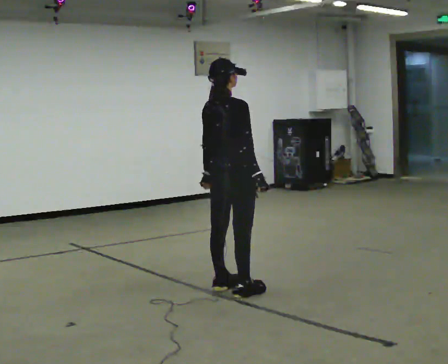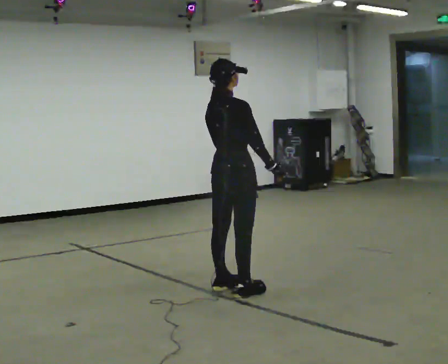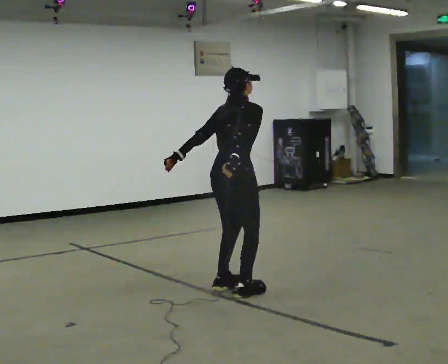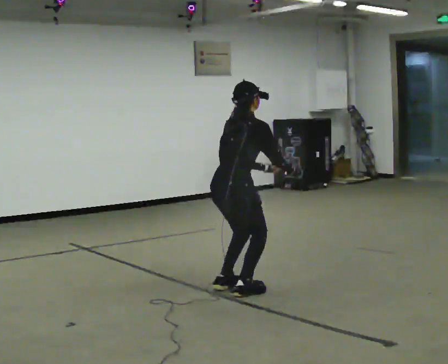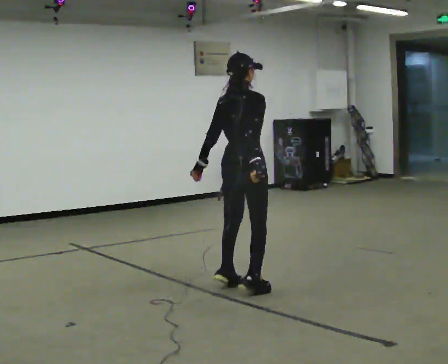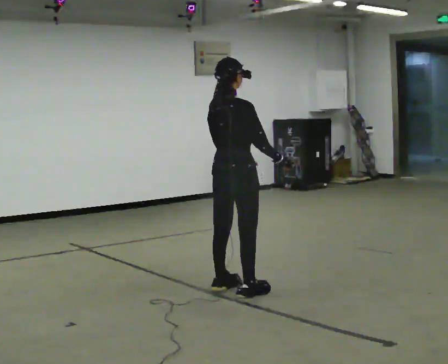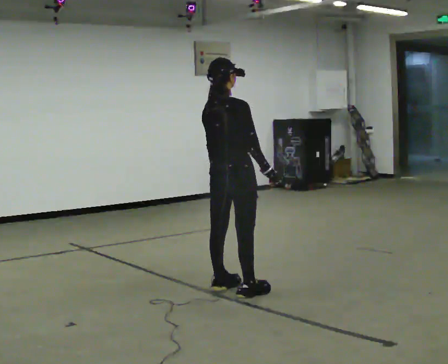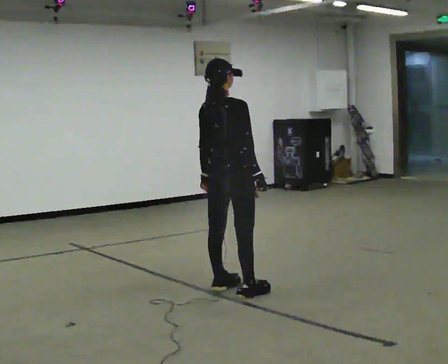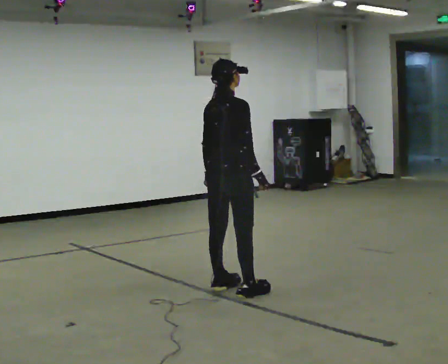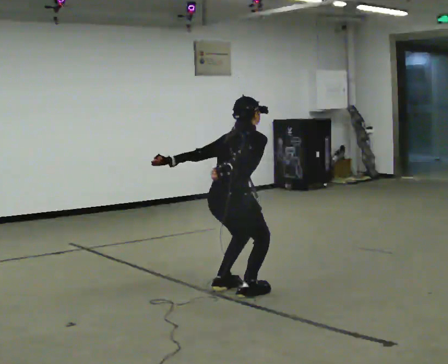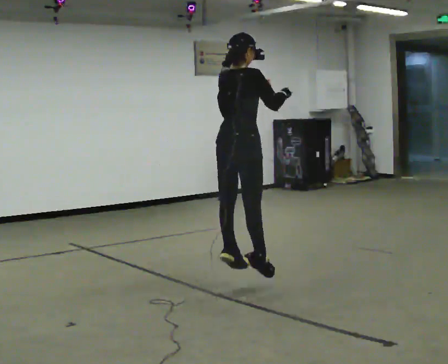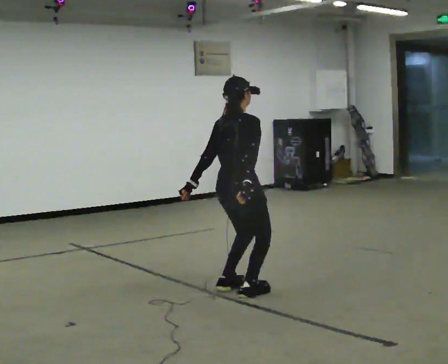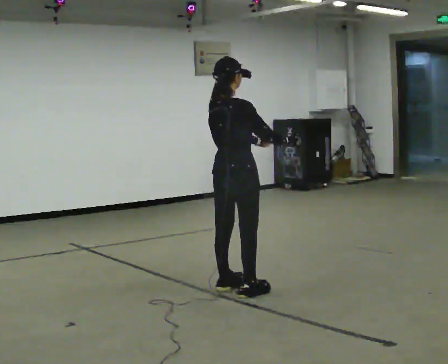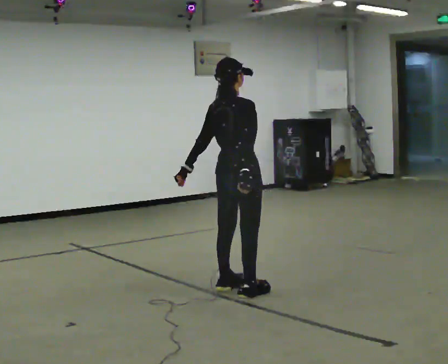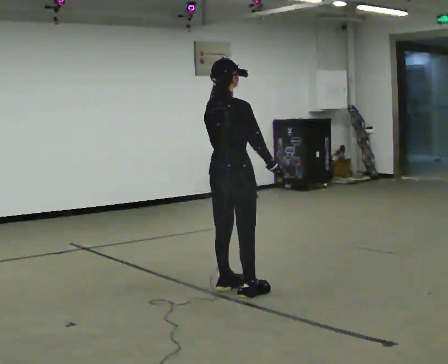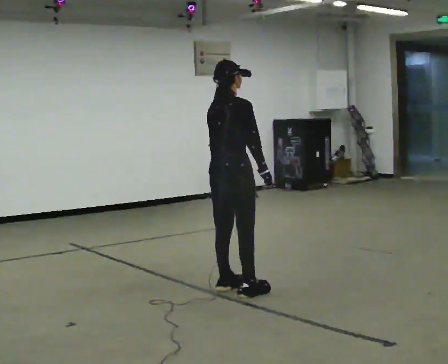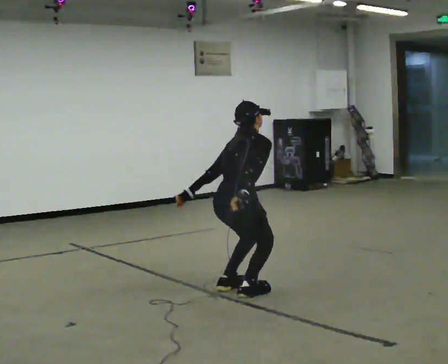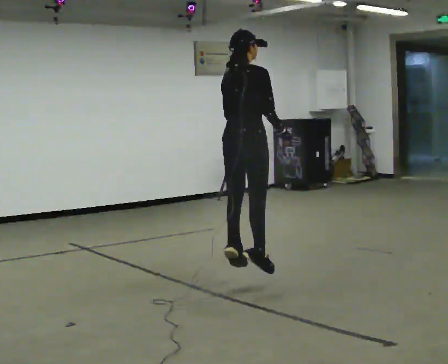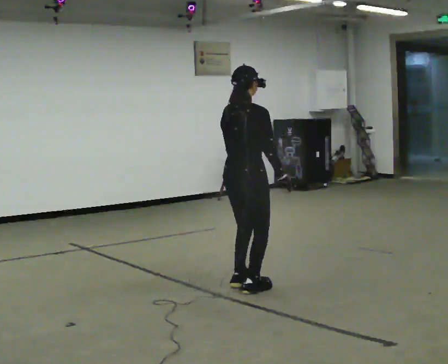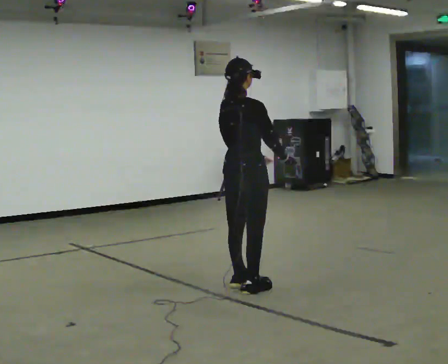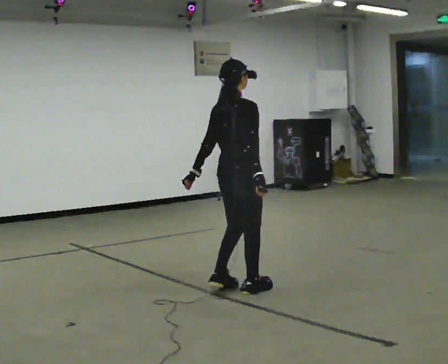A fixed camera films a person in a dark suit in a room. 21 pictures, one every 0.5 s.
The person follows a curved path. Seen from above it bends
counterclockwise.
0.0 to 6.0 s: The person moves a little, or ends about where they began.
6.0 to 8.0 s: The upper body goes downward. The upper body tips away from the camera, its near side rolling upward, as they bend forward. In the picture their right hand goes downward and to the left.
8.0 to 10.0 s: In the picture the upper body tilts counterclockwise, shoulders to the left, as they lean back or straighten.
The film runs forward here.
